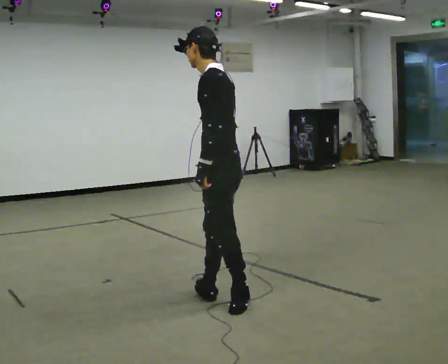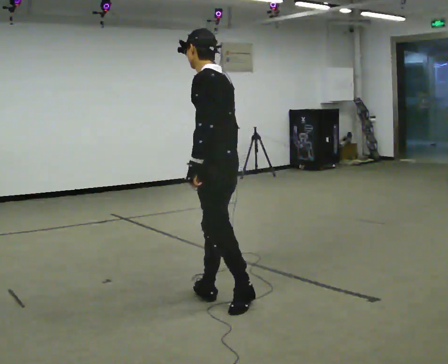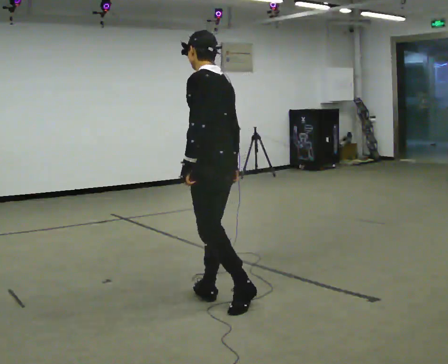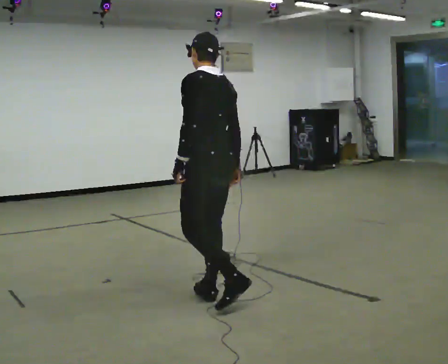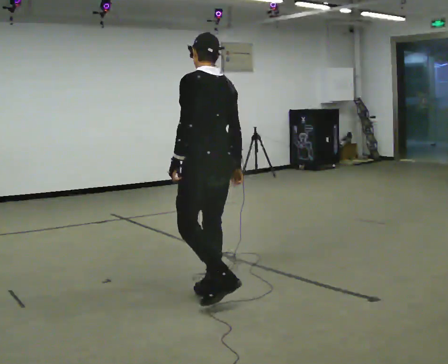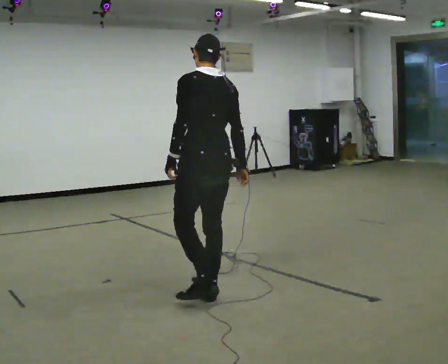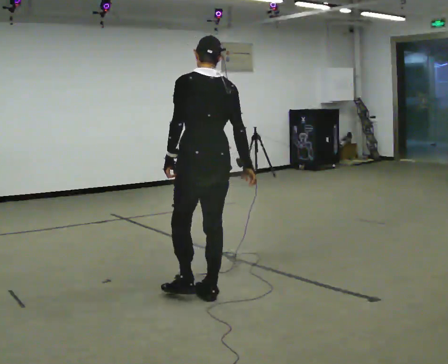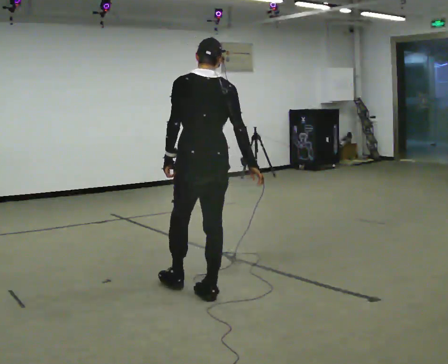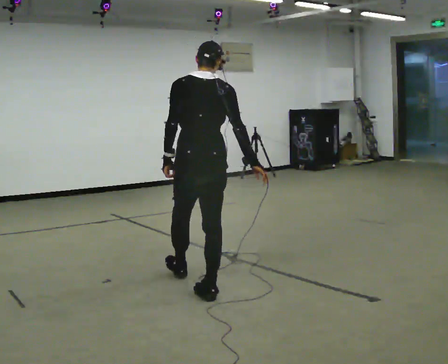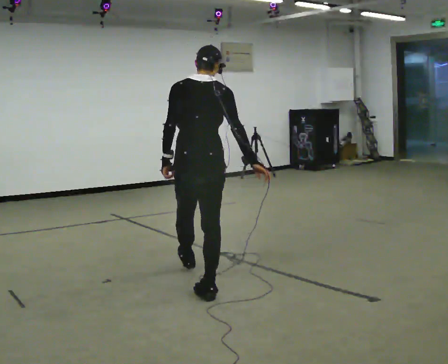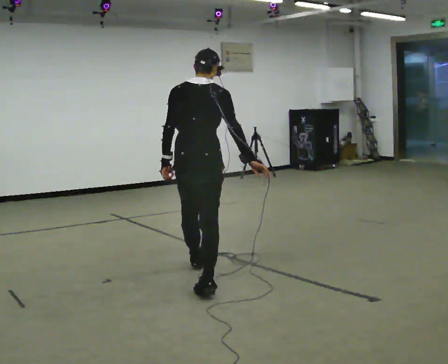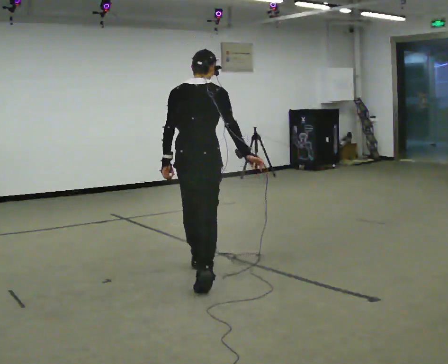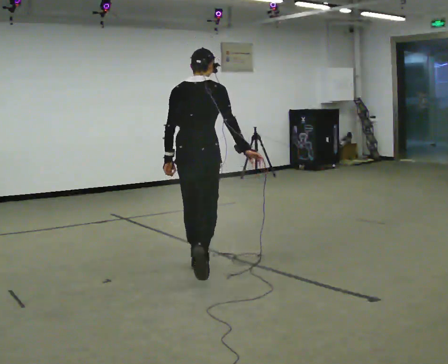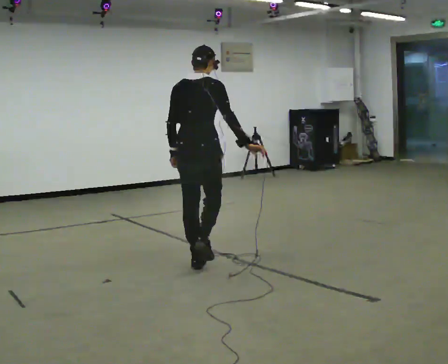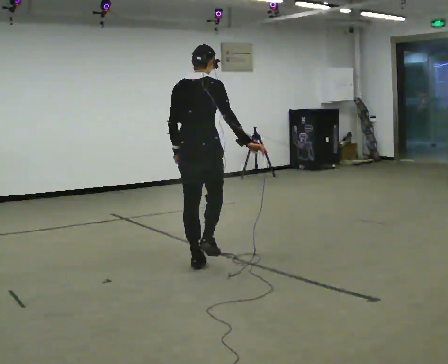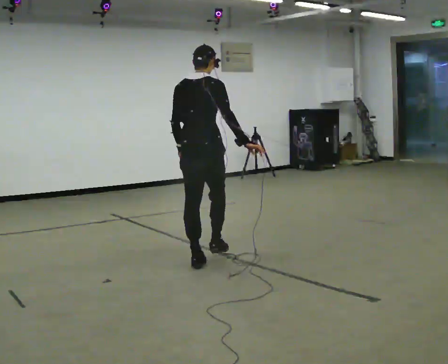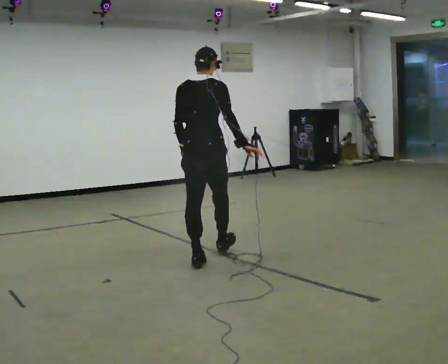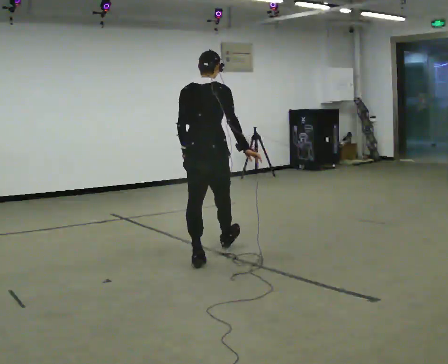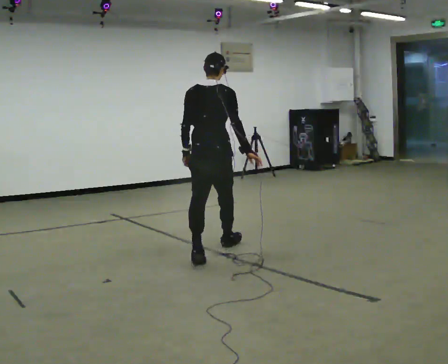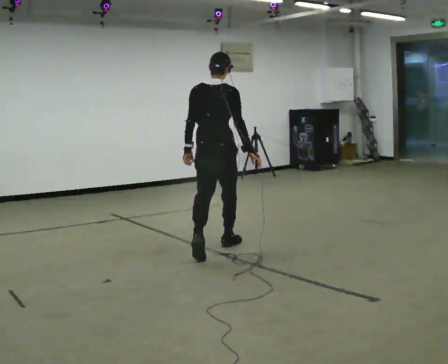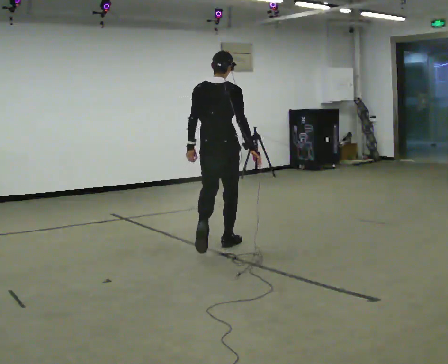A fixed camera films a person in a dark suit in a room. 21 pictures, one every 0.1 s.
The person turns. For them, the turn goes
to their right.
The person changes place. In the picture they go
away from the camera.
0.0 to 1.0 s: Seen from above the body turns clockwise, about 90 degrees: to their right, with its near side sliding to the left. In the picture they go away from the camera, about 0.5 m in 1 step. In the picture the upper body tilts clockwise, shoulders to the right.
1.0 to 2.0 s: In the picture they go away from the camera, about 1 m in 1 step, which for them is forward.
The film runs forward here.
